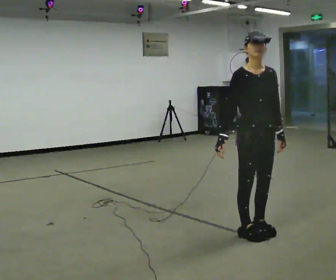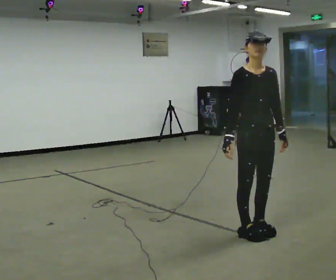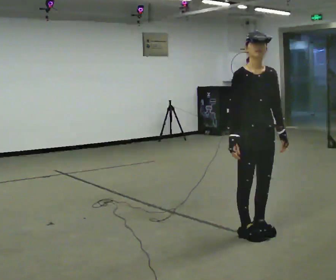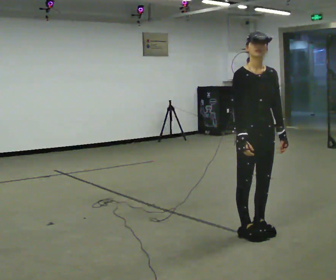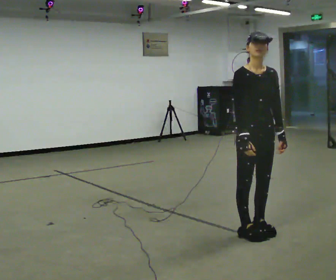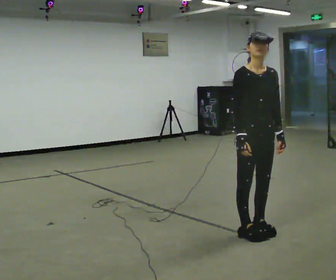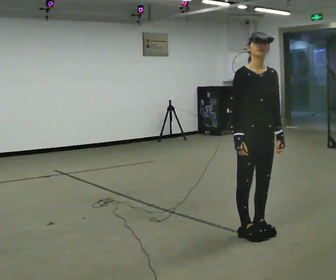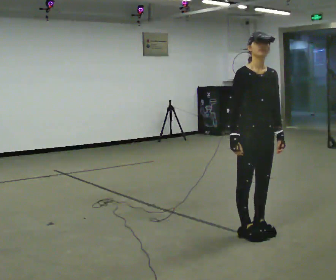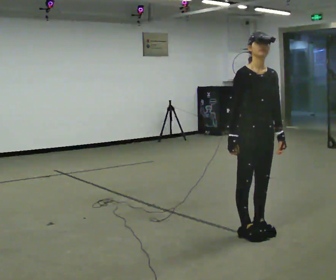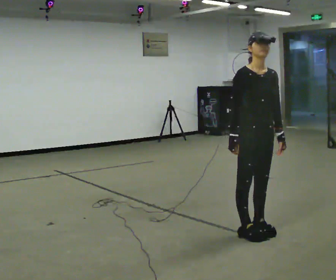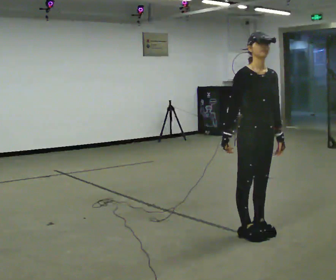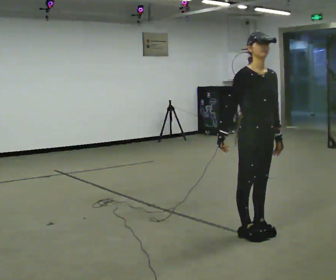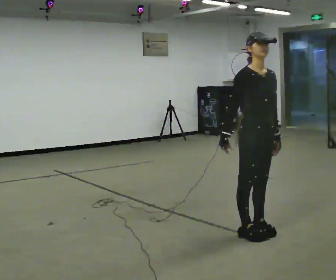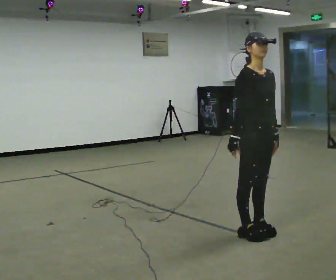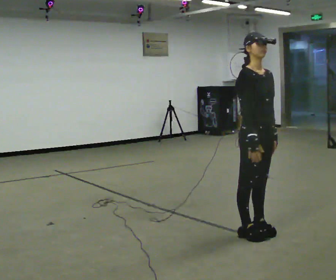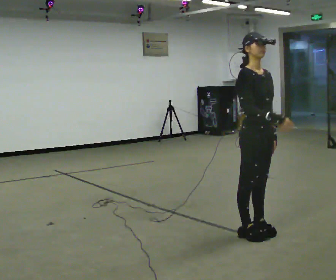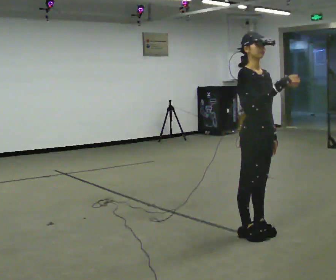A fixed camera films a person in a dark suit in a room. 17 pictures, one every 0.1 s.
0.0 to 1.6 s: In the picture their right hand goes to the right and upward.
The film runs backward here.
